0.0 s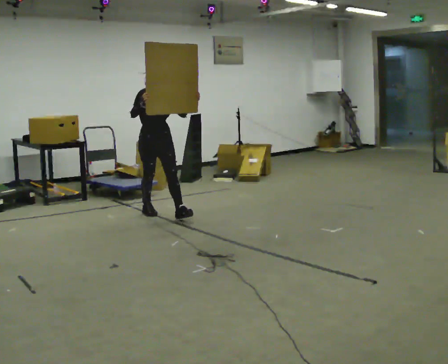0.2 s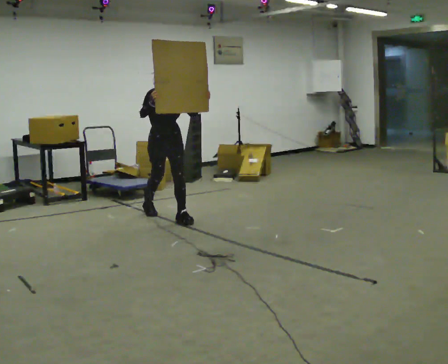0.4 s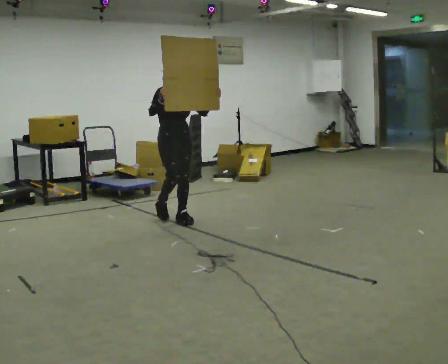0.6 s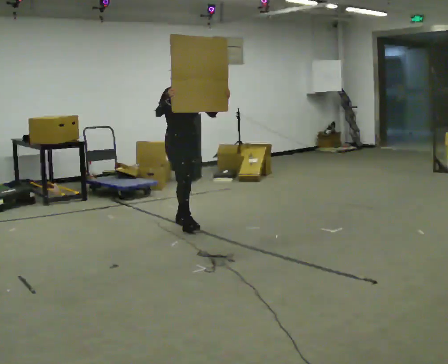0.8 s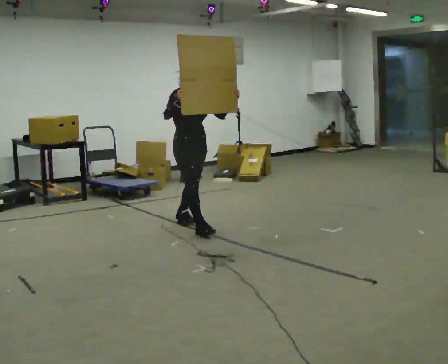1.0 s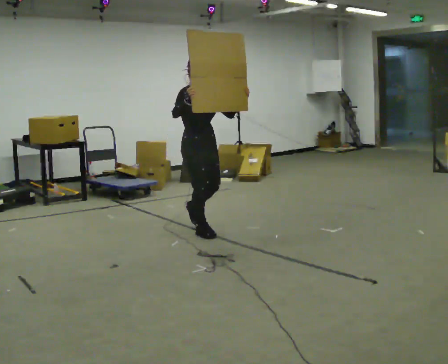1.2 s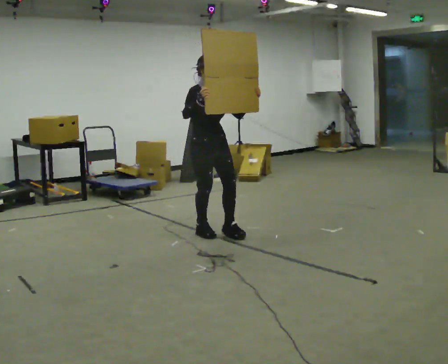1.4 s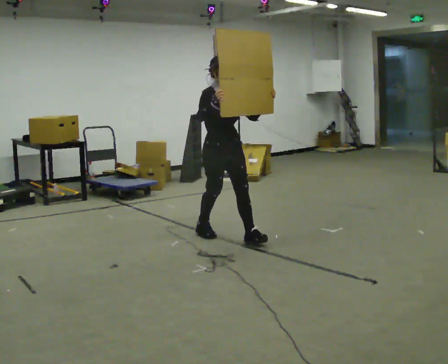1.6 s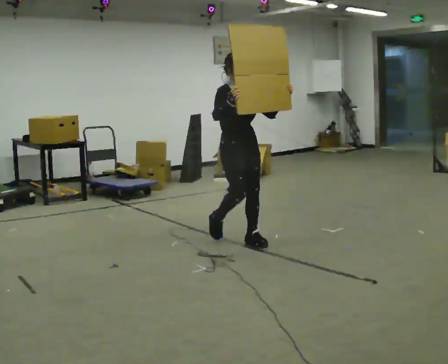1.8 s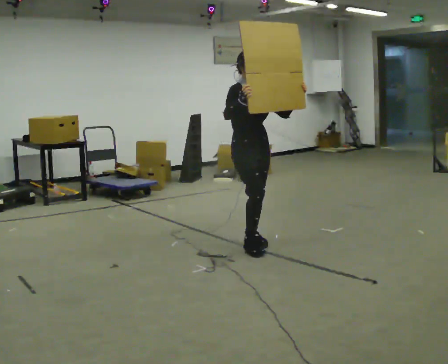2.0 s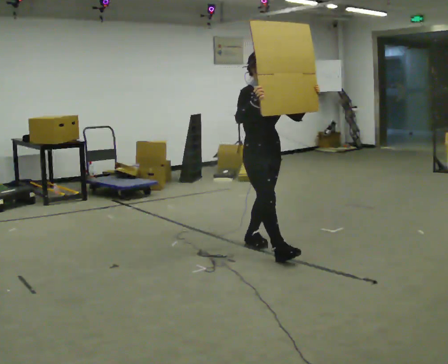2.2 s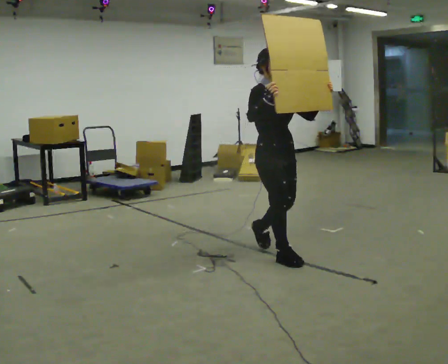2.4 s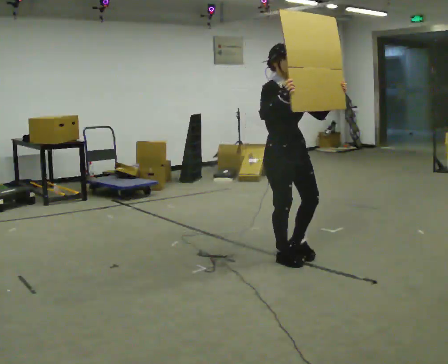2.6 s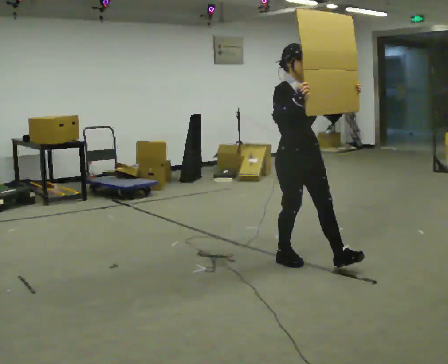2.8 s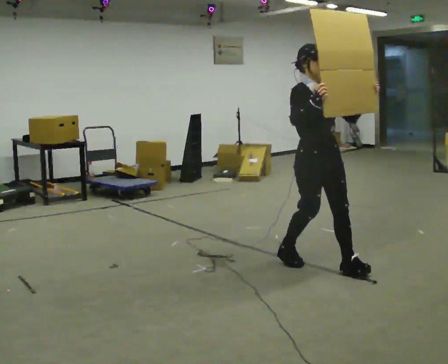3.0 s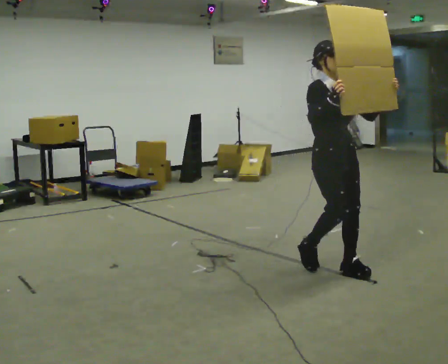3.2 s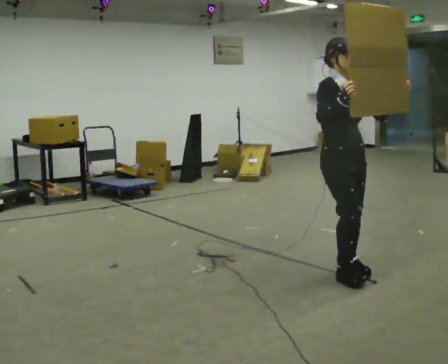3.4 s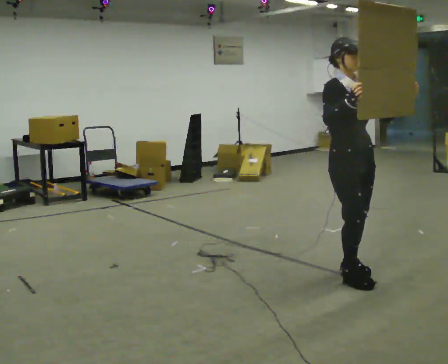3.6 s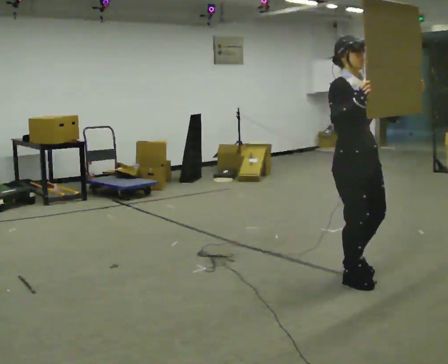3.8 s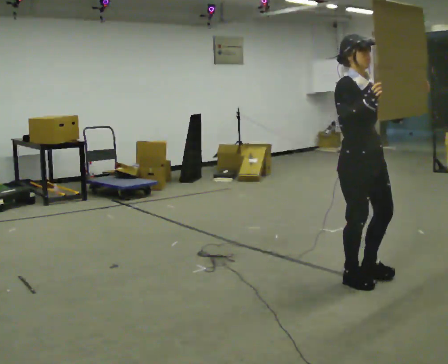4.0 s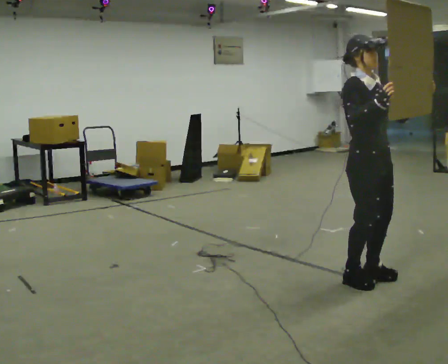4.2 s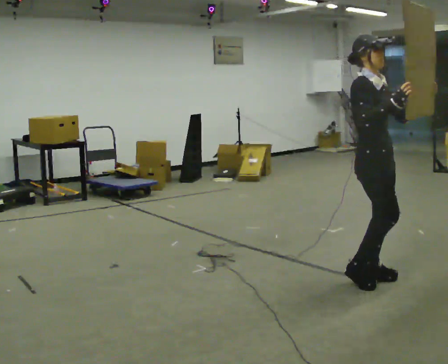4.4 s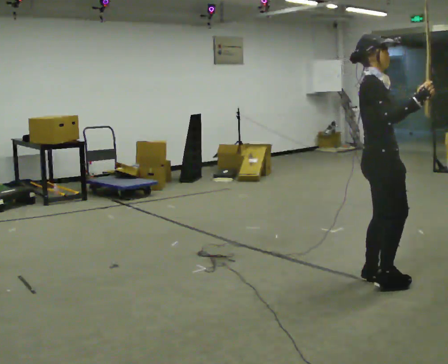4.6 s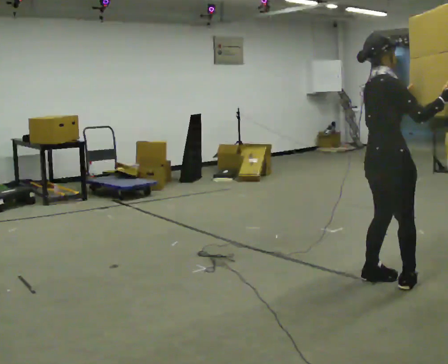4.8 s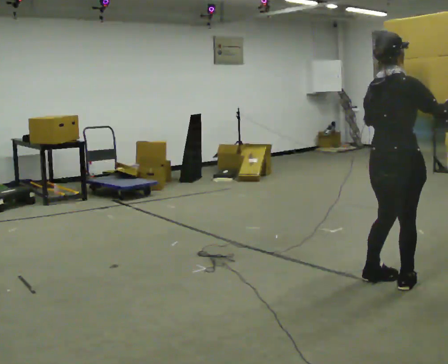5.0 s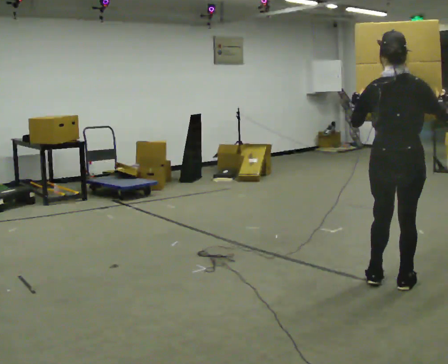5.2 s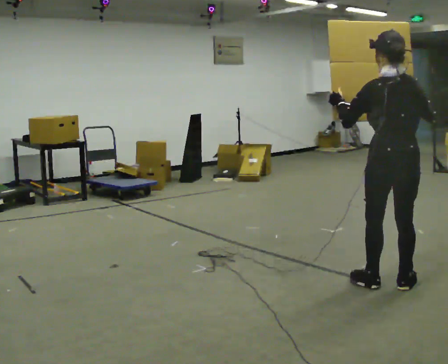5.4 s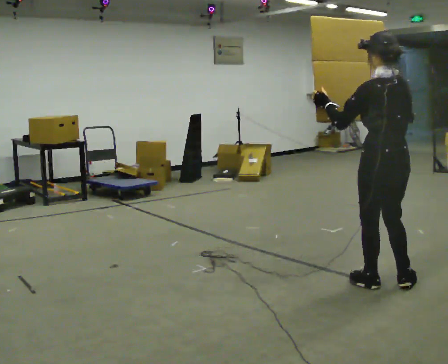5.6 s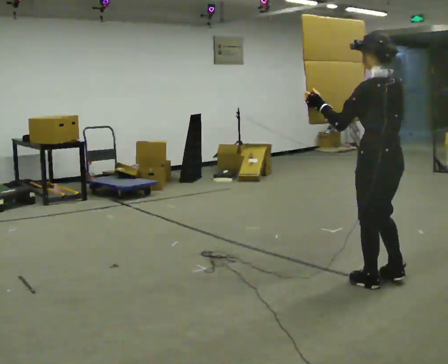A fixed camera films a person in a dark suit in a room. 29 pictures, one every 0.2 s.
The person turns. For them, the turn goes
to their left.
The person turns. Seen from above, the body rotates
counterclockwise.
0.0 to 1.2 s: In the picture they go toward the camera and to the right, about 1 m in 2 steps, which for them is forward.
1.2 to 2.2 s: In the picture they go toward the camera and to the right, about 1 m in 2 steps, which for them is forward.
2.2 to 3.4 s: In the picture they go to the right and toward the camera, about 0.5 m in 2 steps, which for them is forward.
3.4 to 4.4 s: Seen from above the body turns counterclockwise, about 45 degrees: to their left, with its near side sliding to the right. In the picture they go to the right, about 0.25 m in 1 step, which for them is forward. In the picture their right hand goes to the right.
4.4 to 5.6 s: The part of the body nearest the lens slides to the right as the person turns to their left by about 135 degrees.
The film runs forward here.
